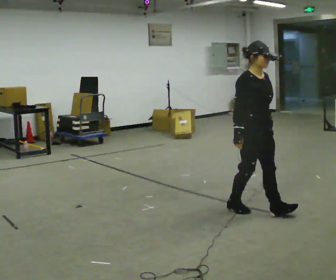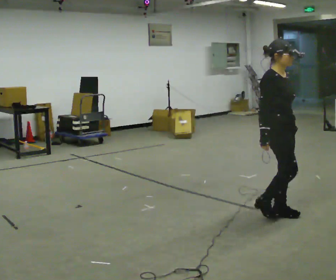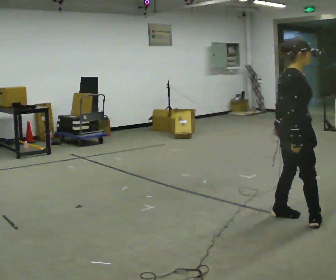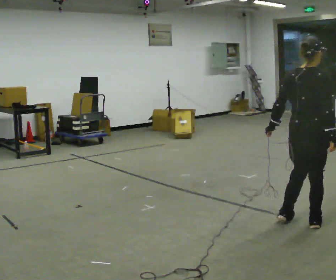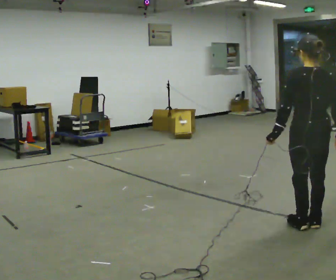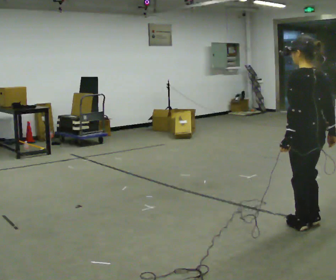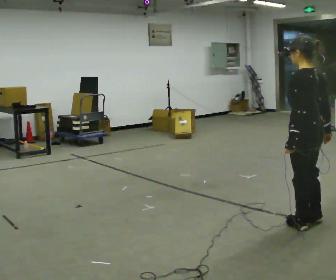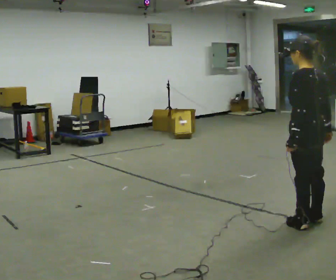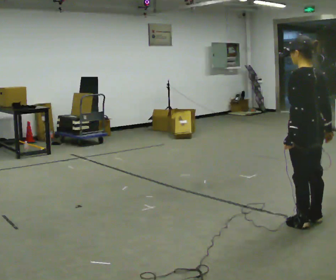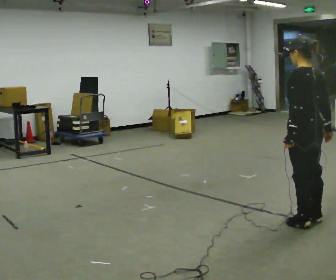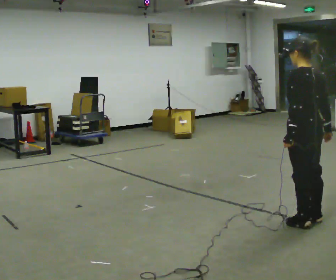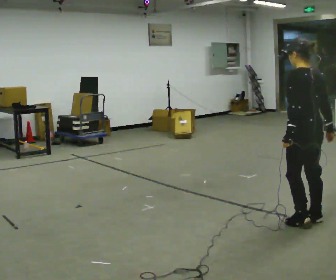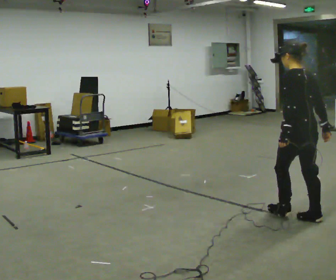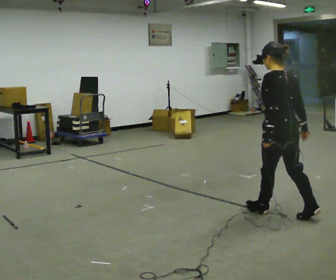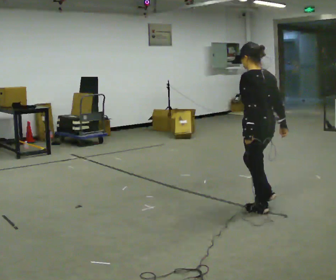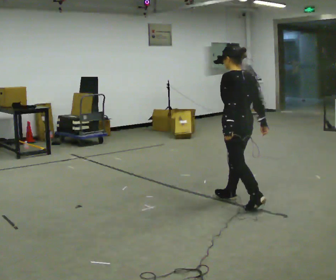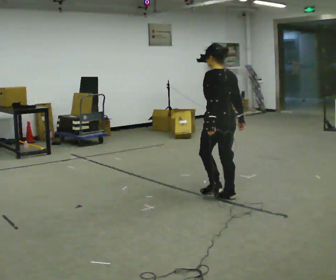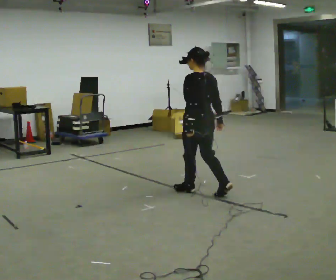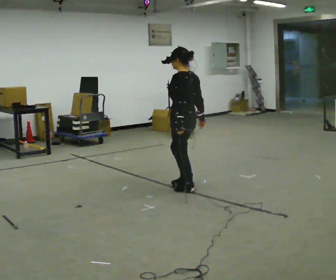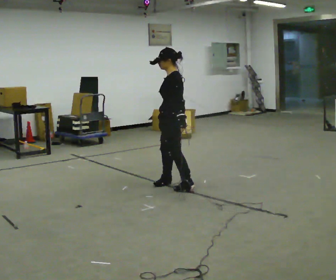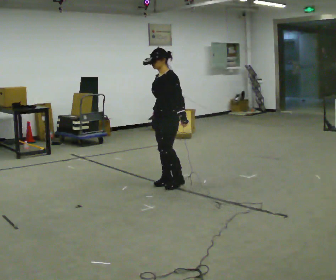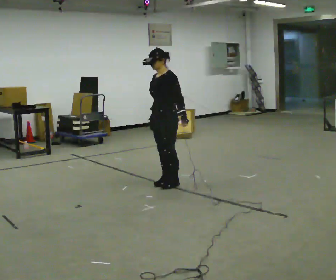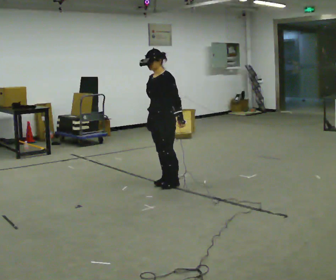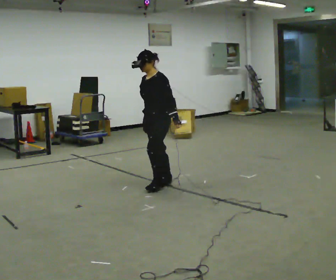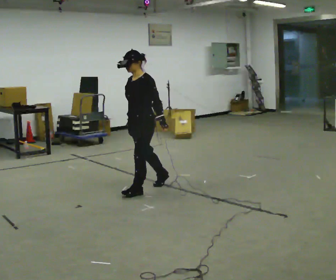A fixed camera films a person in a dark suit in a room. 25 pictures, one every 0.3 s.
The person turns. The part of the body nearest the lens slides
to the right.
The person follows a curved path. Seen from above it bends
counterclockwise.
0.0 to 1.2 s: The part of the body nearest the lens slides to the right as the person turns to their left by about 150 degrees. In the picture they go to the right and toward the camera, about 0.5 m in 3 steps.
1.2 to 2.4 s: The part of the body nearest the lens slides to the right as the person turns to their left by about 30 degrees.
2.4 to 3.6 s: The person moves a little, or ends about where they began.
3.6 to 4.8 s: In the picture they go to the left and away from the camera, about 1 m in 2 steps, which for them is forward.
4.8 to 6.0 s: The person turns about 75 degrees to their left, counterclockwise seen from above, so the part of the body nearest the lens slides to the right. In the picture they go to the left and away from the camera, about 0.5 m in 2 steps.
6.0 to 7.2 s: In the picture they go toward the camera and to the left, about 0.25 m in 2 steps, which for them is forward.
The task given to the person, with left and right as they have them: Walk straight; turn 90° left/right while continuing to walk; continue.
The film runs forward here.
